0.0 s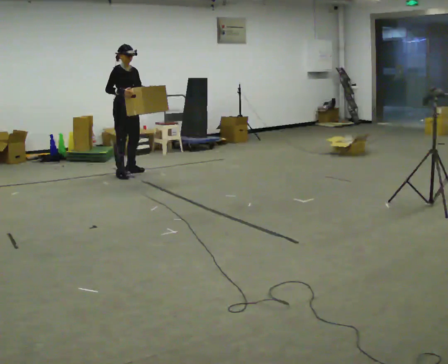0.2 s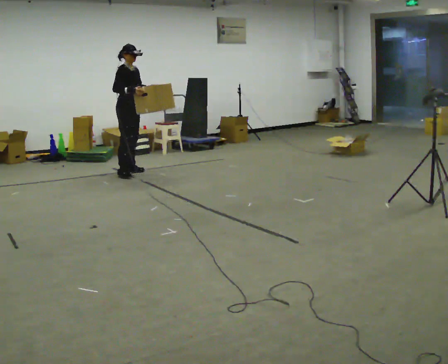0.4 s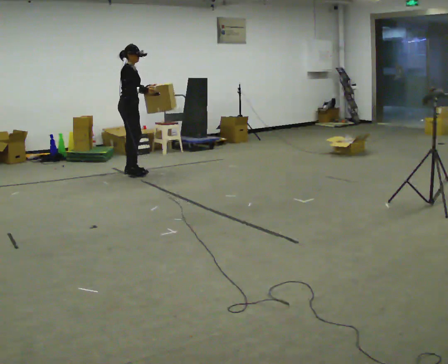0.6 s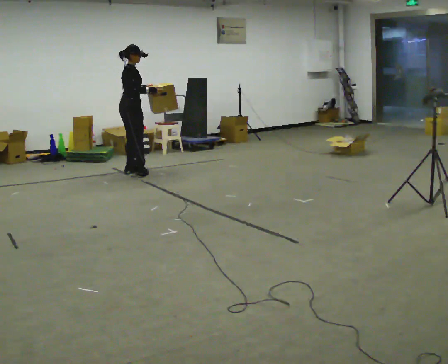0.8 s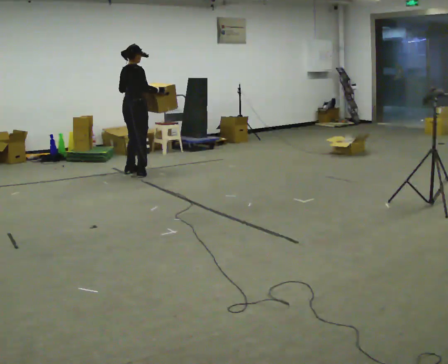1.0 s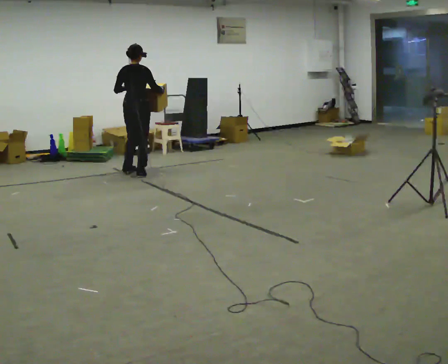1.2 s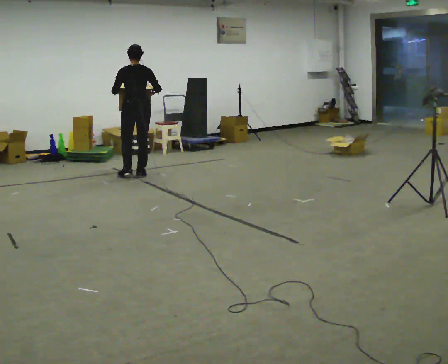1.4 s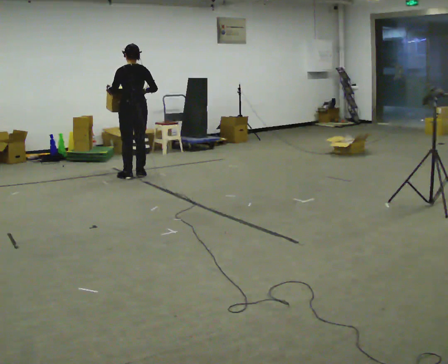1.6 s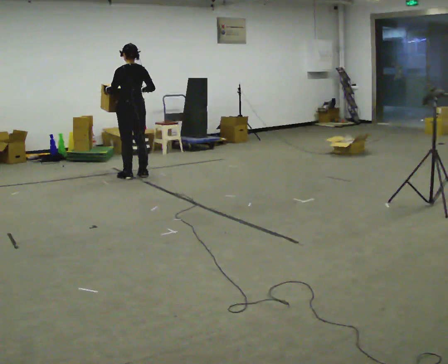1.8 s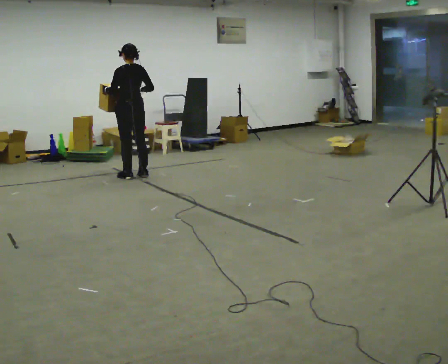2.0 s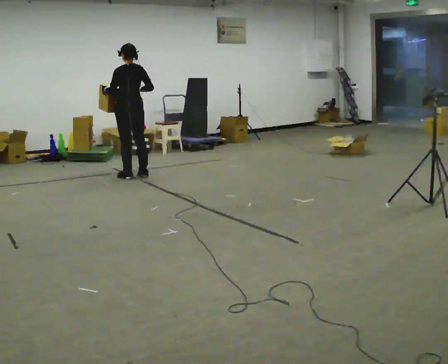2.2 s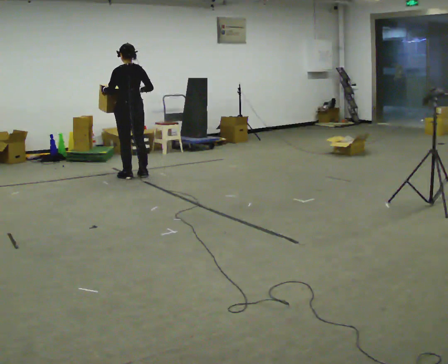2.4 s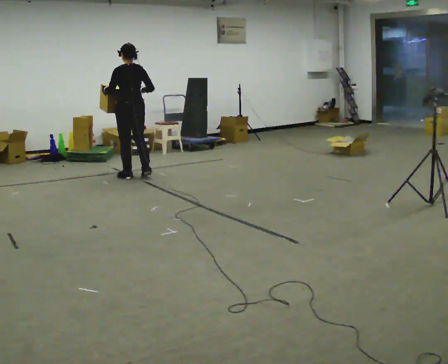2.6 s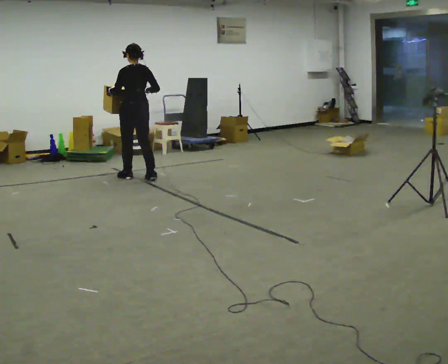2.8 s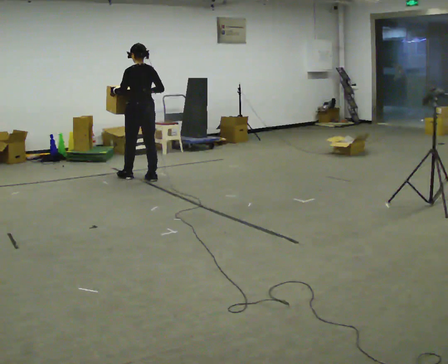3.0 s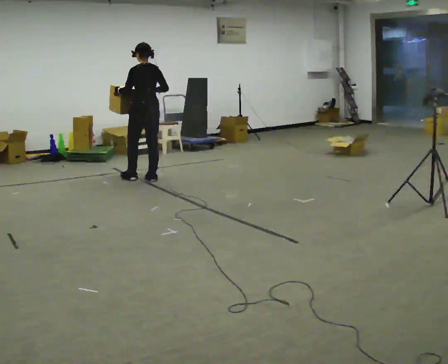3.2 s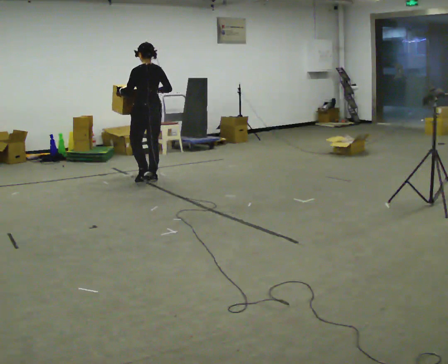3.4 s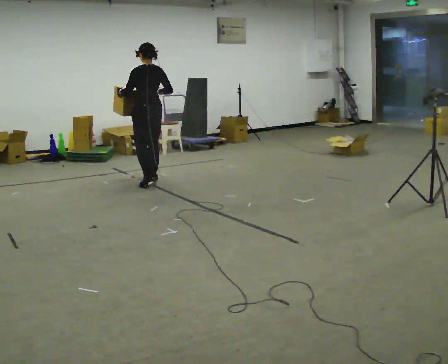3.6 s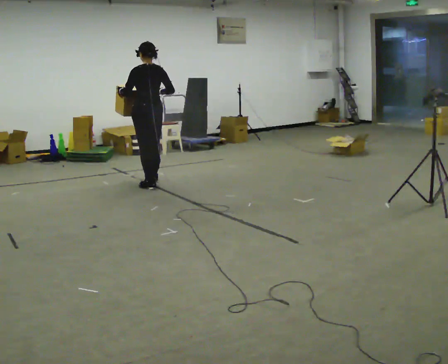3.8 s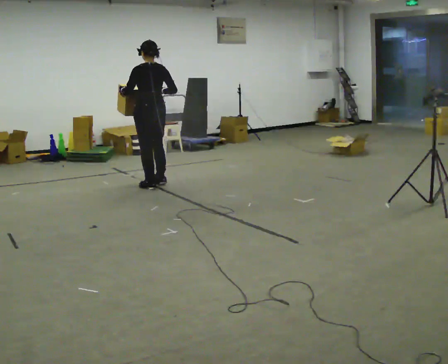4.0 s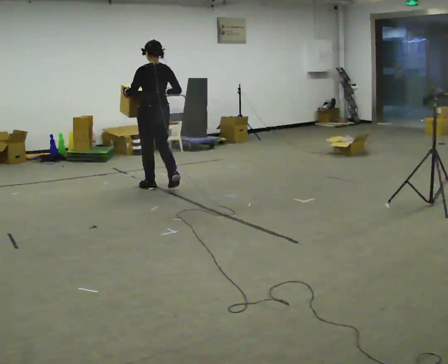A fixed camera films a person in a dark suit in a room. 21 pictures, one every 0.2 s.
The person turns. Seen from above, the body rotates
counterclockwise.
The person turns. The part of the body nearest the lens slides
to the right.
0.0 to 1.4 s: Seen from above the body turns counterclockwise, about 150 degrees: to their left, with its near side sliding to the right. In the picture their right hand goes to the right.
1.4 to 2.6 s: In the picture they go toward the camera, about 0.25 m in 1 step, which for them is backward.
2.6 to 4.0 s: In the picture they go toward the camera, about 0.5 m in 2 steps, which for them is backward.
The film runs backward here.
